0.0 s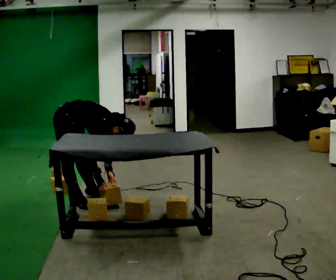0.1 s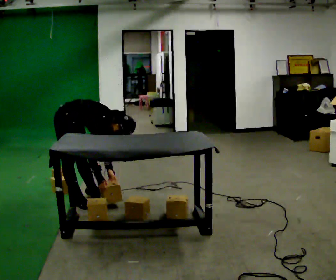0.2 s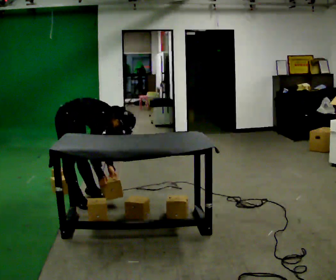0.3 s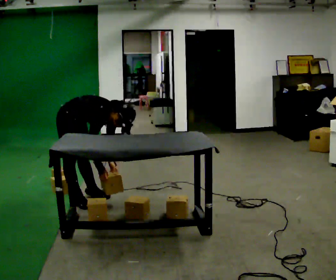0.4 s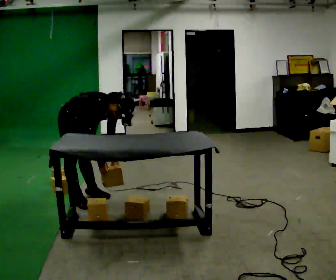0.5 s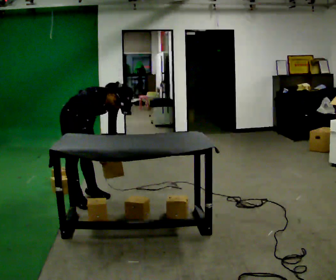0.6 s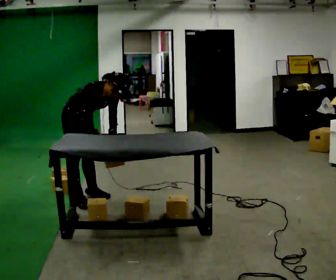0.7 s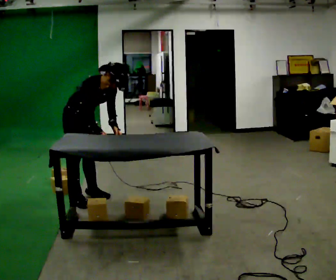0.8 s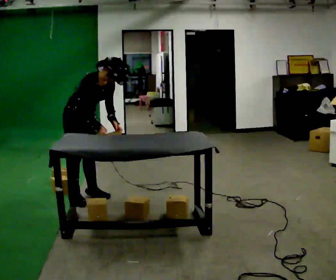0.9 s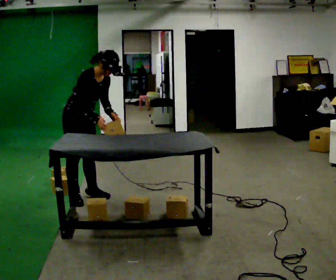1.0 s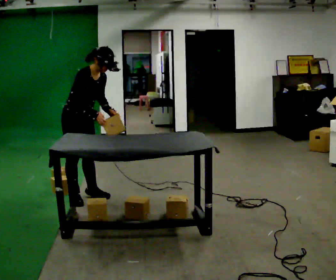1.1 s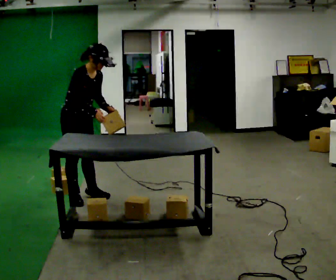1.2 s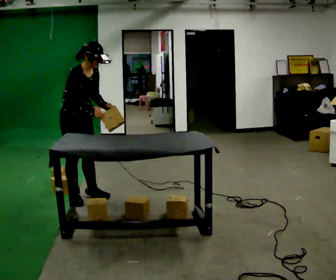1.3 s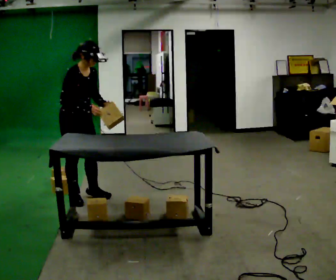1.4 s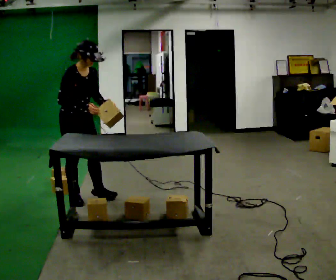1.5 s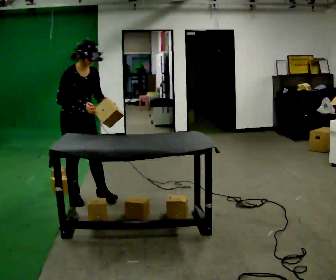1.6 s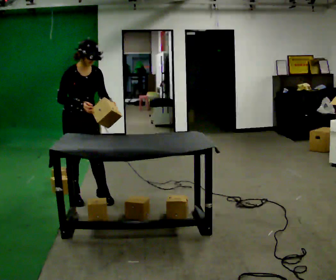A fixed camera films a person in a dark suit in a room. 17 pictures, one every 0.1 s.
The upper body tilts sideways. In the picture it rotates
counterclockwise.
Their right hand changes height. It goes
upward.
0.0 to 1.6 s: The person turns about 30 degrees to their right, clockwise seen from above, so the part of the body nearest the lens slides to the left. The upper body goes upward. In the picture the upper body tilts counterclockwise, shoulders to the left, as they lean back or straighten. In the picture their left hand goes upward.
The film runs backward here.
